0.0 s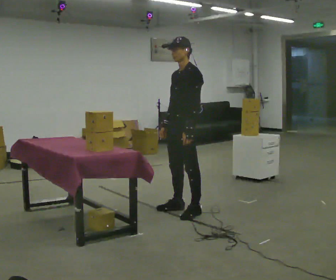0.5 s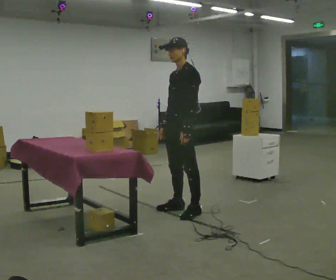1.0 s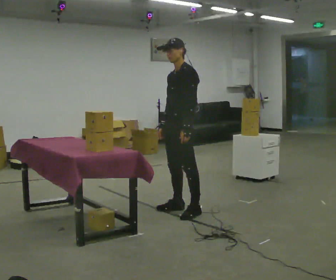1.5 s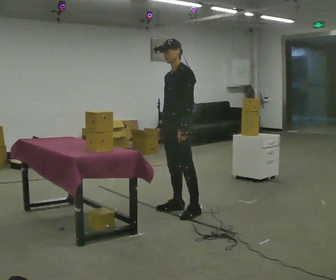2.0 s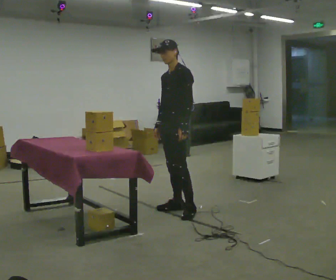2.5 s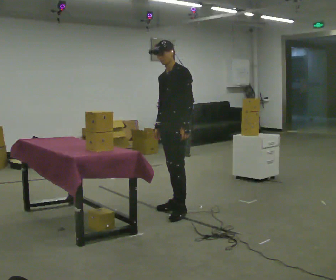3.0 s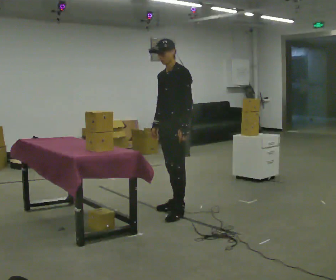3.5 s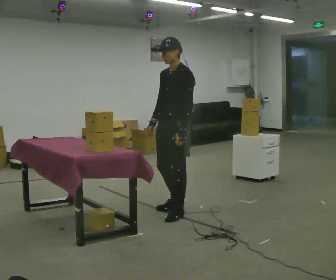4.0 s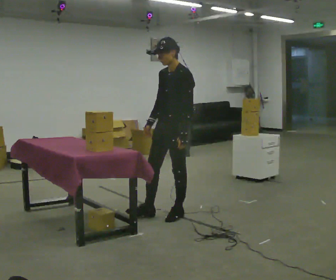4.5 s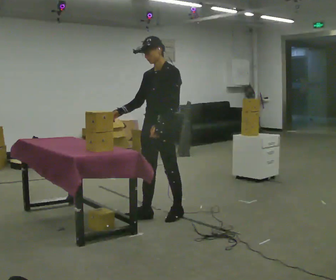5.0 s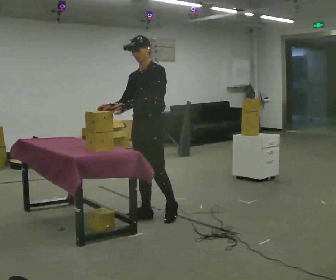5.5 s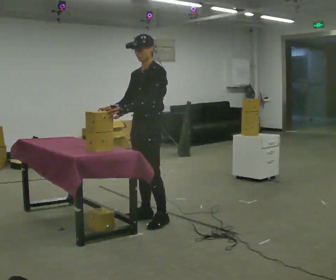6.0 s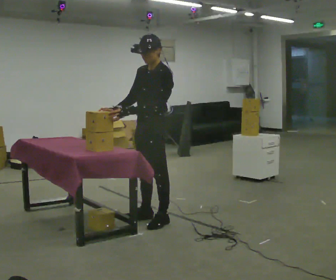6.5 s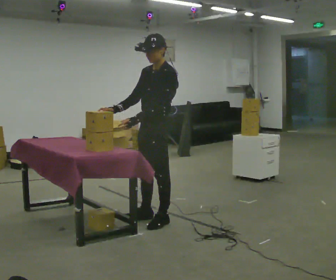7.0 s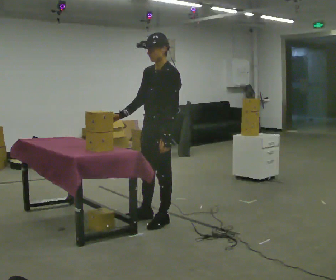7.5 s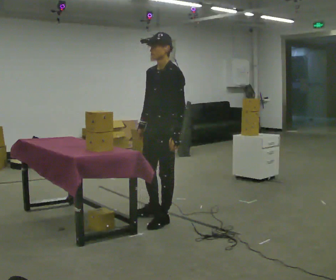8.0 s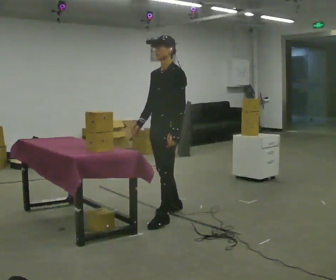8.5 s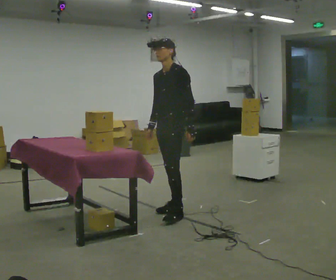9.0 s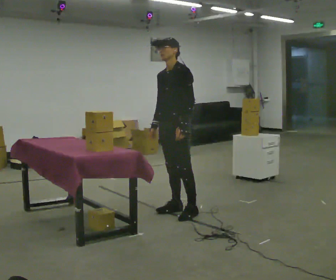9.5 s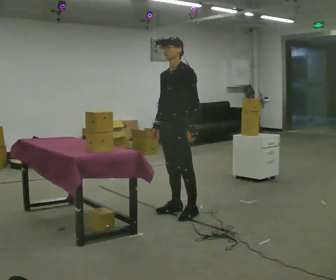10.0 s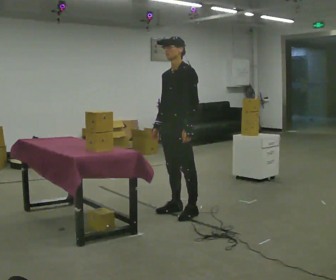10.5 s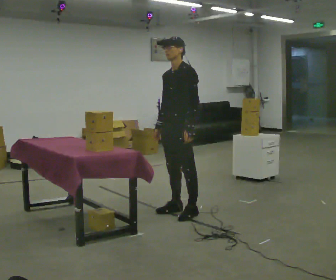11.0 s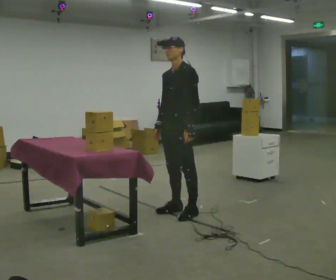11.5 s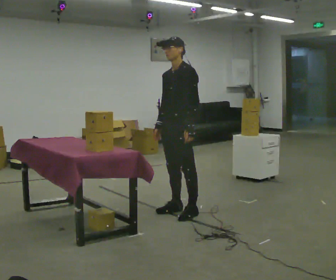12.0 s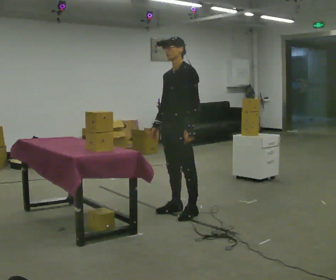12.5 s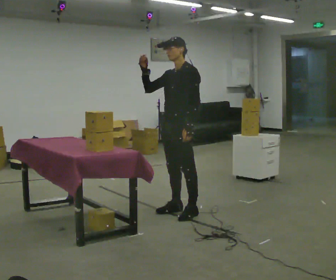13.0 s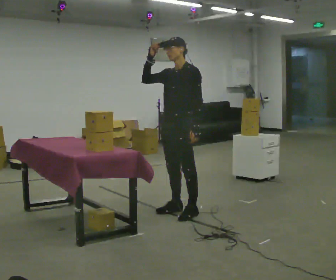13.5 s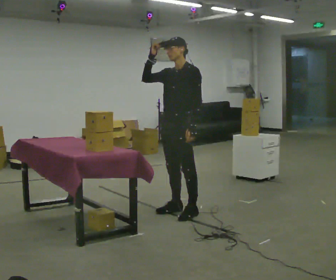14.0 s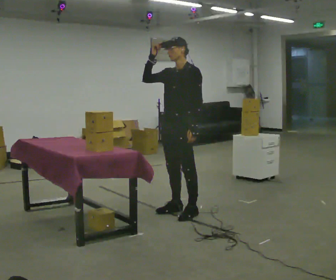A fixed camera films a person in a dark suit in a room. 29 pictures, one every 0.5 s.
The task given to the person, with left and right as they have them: 1. The operator will tell you the shelf is already sorted and just needs moving to the table. 2. Do what you think is right. 3. Tell the operator when you are finished.
0.0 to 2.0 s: In the picture they go away from the camera, about 0.25 m, which for them is to their right.
2.0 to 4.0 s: In the picture they go toward the camera, about 0.25 m, which for them is forward and to their left.
4.0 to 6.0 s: In the picture they go to the left, about 0.25 m in 2 steps, which for them is forward. In the picture their left hand goes to the left.
6.0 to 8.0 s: In the picture they go away from the camera, about 0.25 m in 1 step, which for them is backward. In the picture their left hand goes to the right.
8.0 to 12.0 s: The person moves a little, or ends about where they began.
12.0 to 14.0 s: In the picture their right hand goes upward, the arm swinging clockwise.
The film runs forward here.
